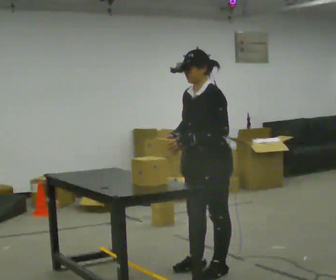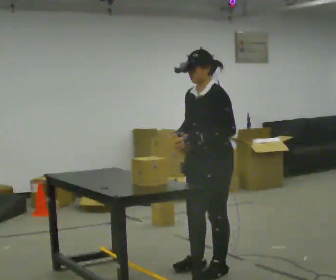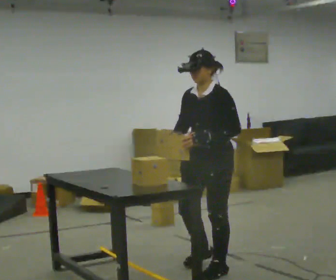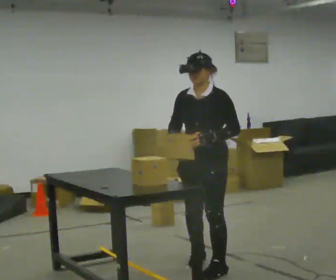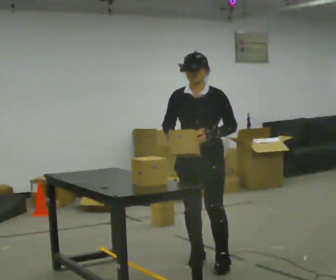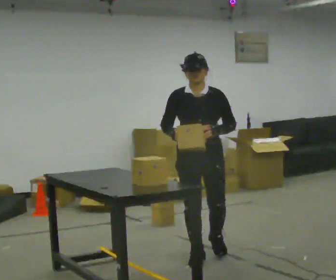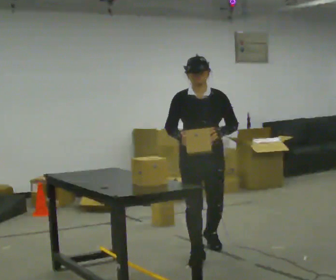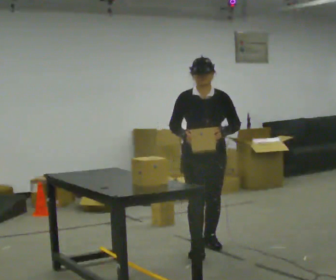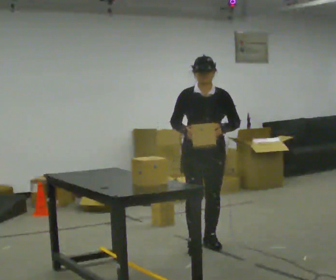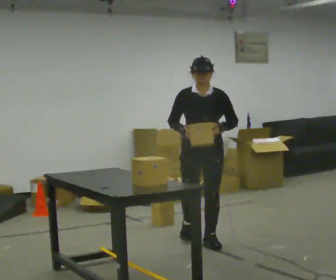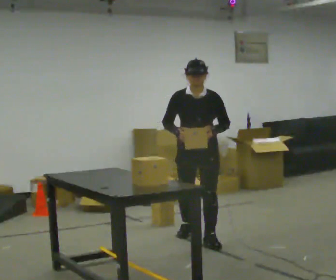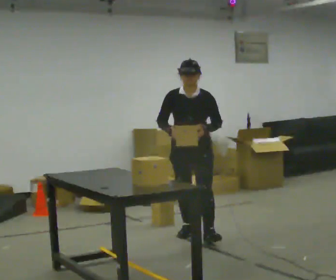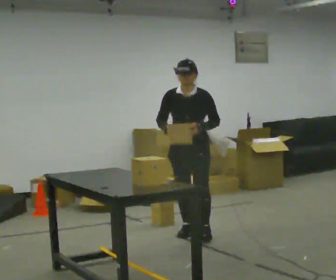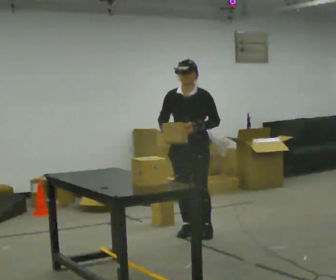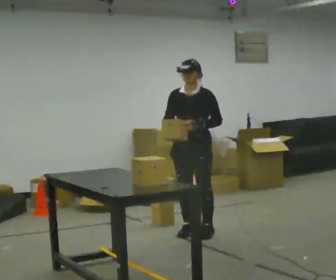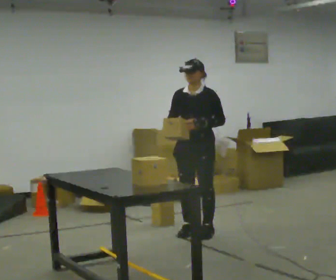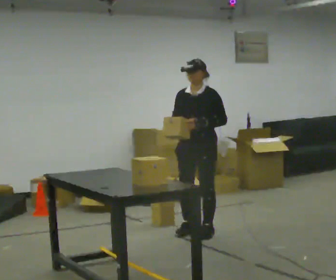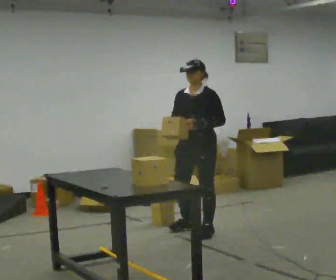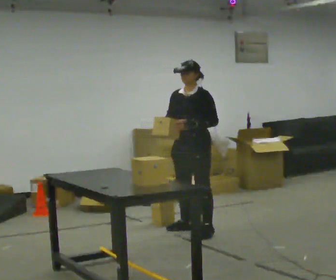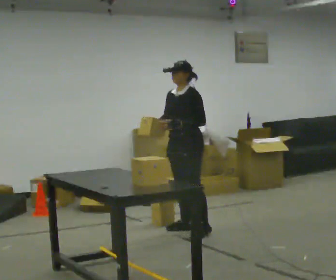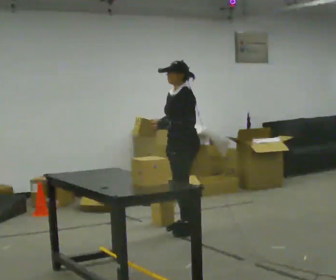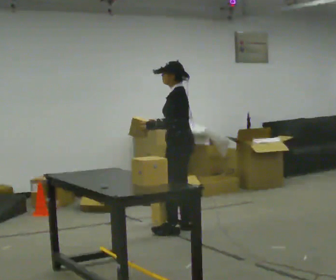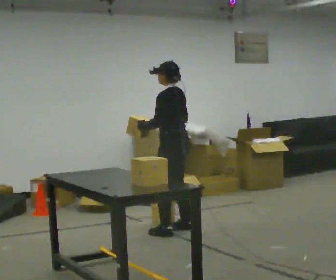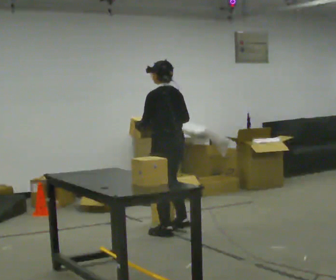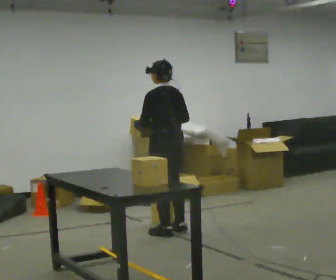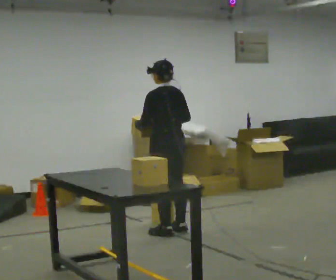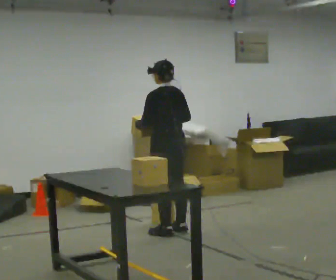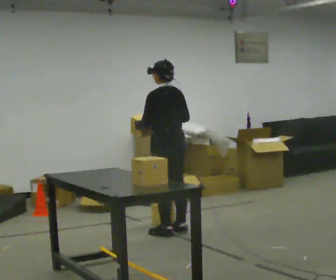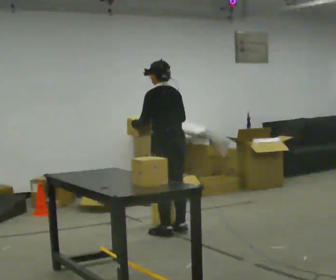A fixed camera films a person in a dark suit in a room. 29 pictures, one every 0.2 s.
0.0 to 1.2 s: Seen from above the body turns counterclockwise, about 60 degrees: to their left, with its near side sliding to the right. In the picture they go away from the camera, about 0.5 m in 2 steps.
1.2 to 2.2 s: In the picture they go away from the camera, about 0.5 m in 2 steps, which for them is backward.
2.2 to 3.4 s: The part of the body nearest the lens slides to the left as the person turns to their right by about 30 degrees. In the picture they go away from the camera, about 0.25 m, which for them is backward.
3.4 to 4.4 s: The part of the body nearest the lens slides to the left as the person turns to their right by about 75 degrees. In the picture they go to the left, about 0.25 m in 1 step. In the picture their left hand goes to the left.
4.4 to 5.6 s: The person moves a little, or ends about where they began.
The film runs backward here.
